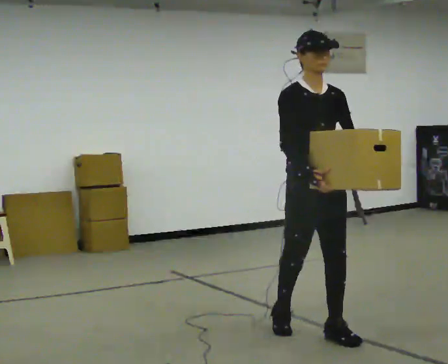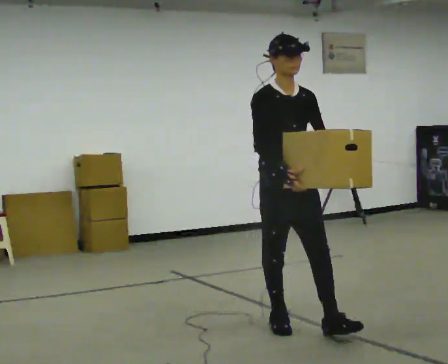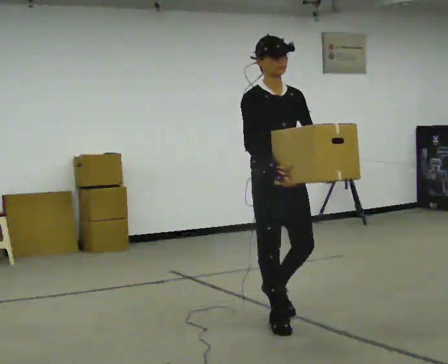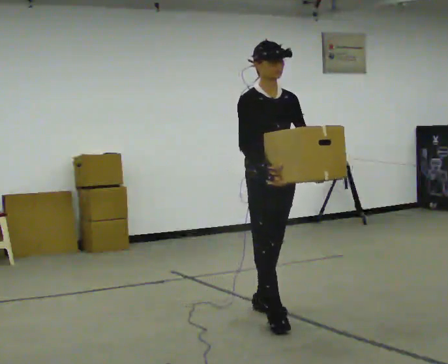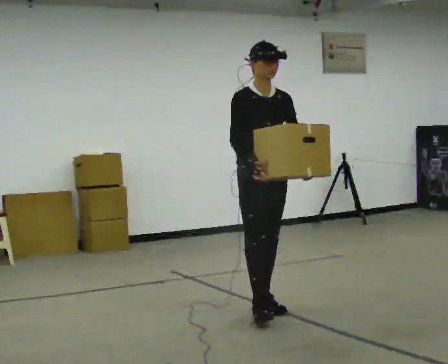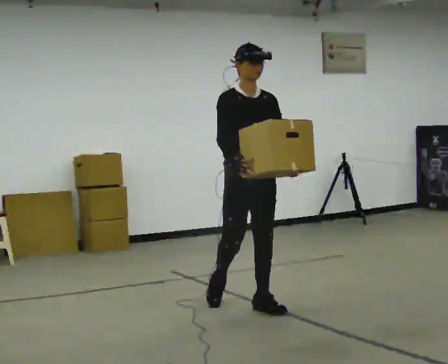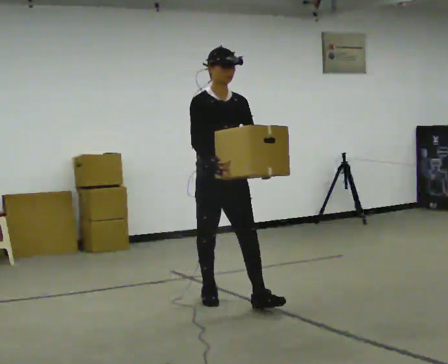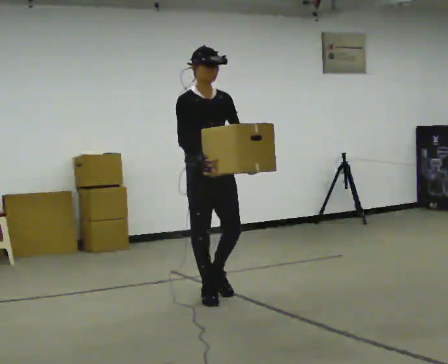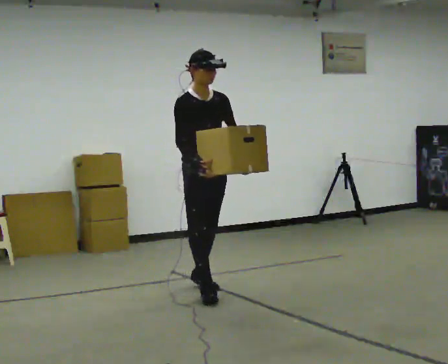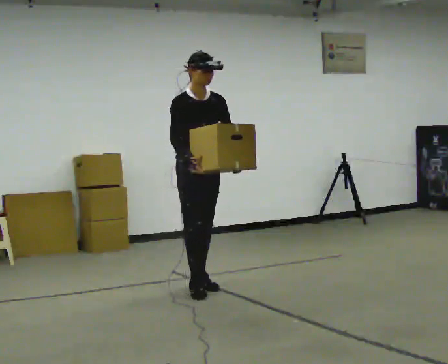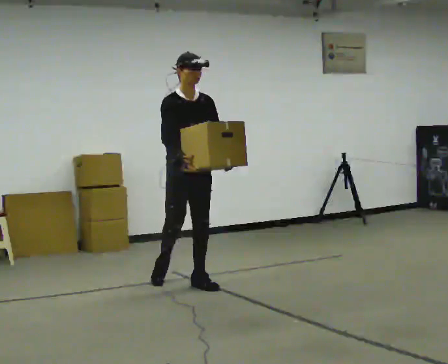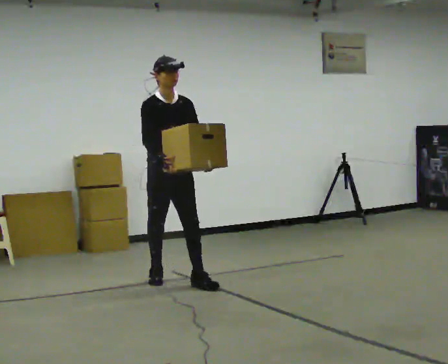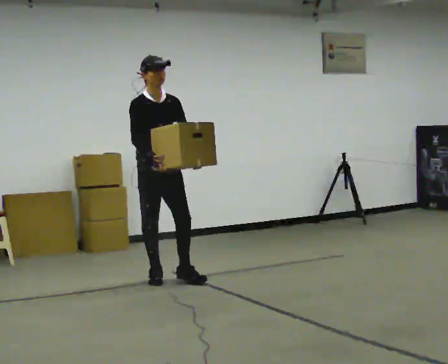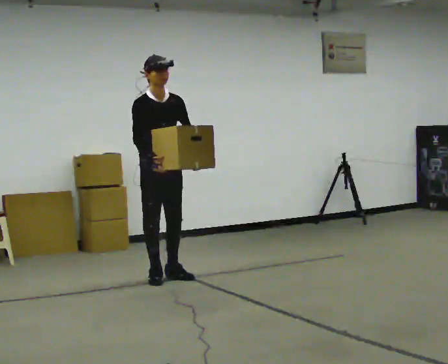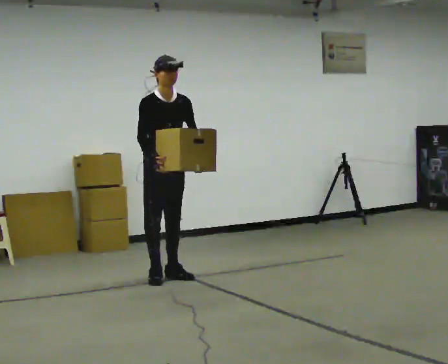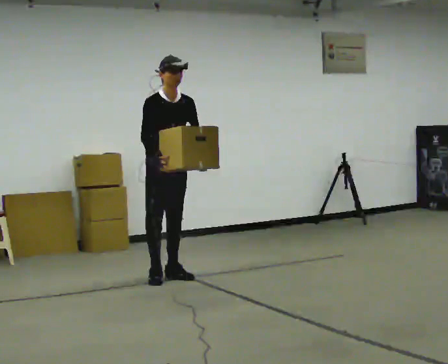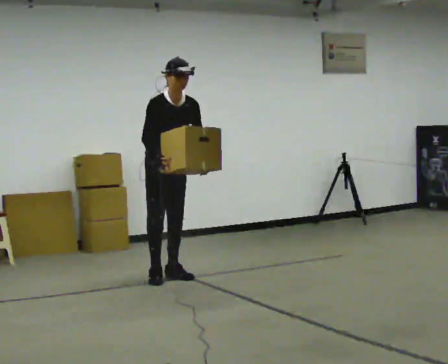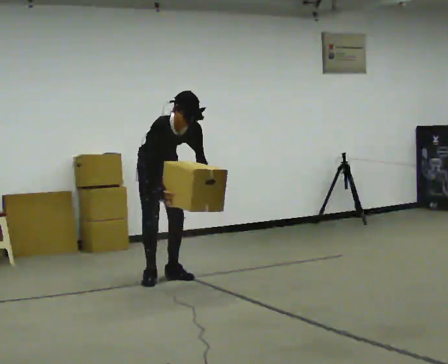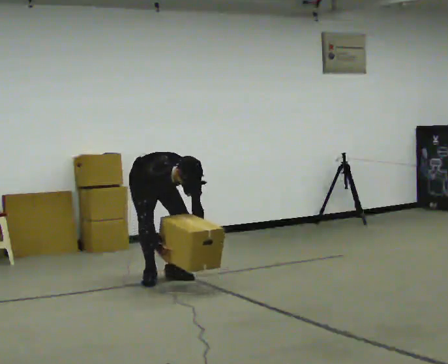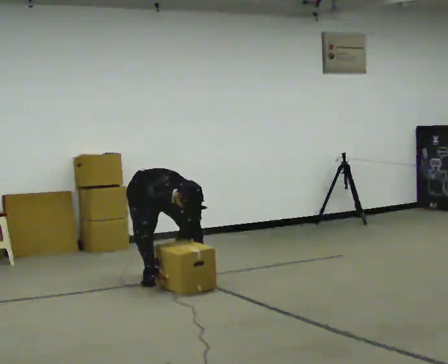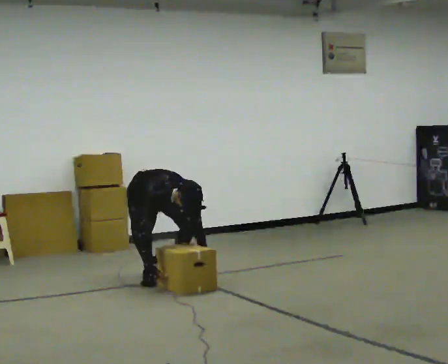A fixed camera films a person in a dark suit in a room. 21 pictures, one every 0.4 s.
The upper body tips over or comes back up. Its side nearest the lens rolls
downward.
The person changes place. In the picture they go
away from the camera.
0.0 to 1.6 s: In the picture they go away from the camera, about 0.75 m in 2 steps, which for them is backward.
1.6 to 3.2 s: In the picture they go away from the camera and to the left, about 0.75 m in 1 step, which for them is backward.
3.2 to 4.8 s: In the picture they go away from the camera and to the left, about 0.5 m in 2 steps, which for them is backward.
4.8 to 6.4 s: In the picture they go away from the camera, about 0.25 m, which for them is to their left and backward.
6.4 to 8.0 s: The upper body goes downward. The upper body tips toward the camera, its near side rolling downward, as they bend forward. In the picture their left hand goes downward.
The film runs backward here.
